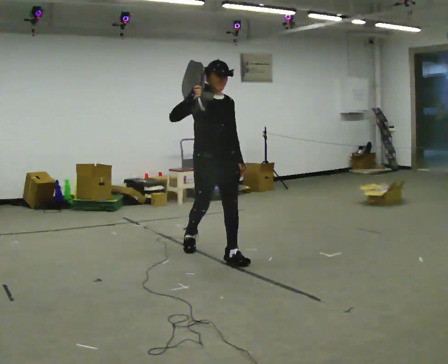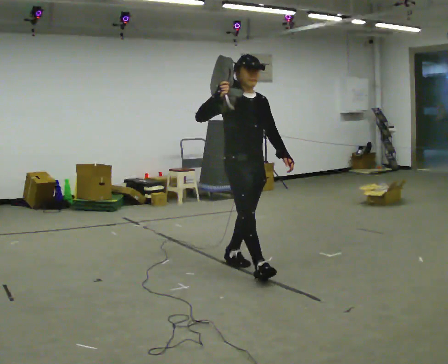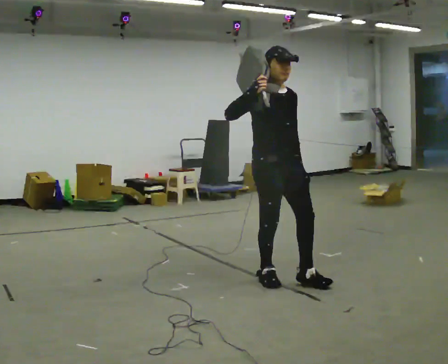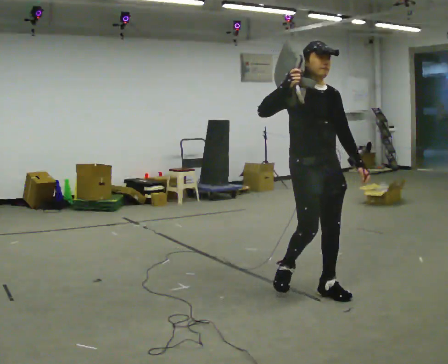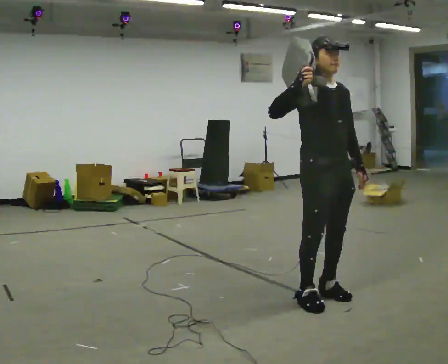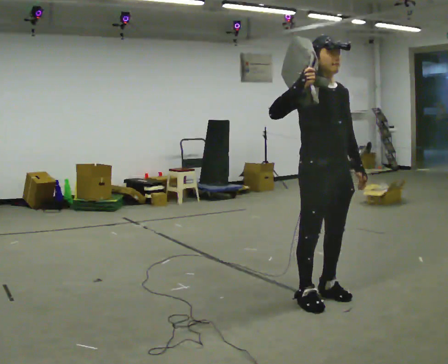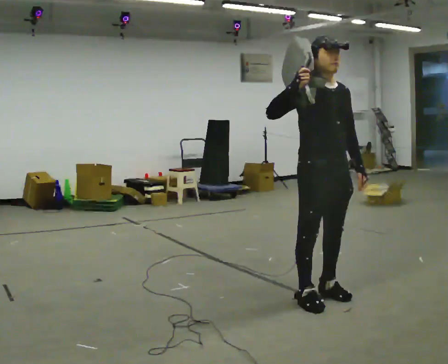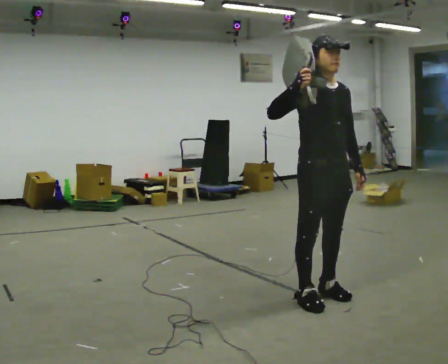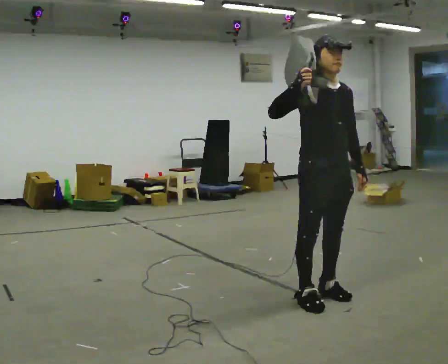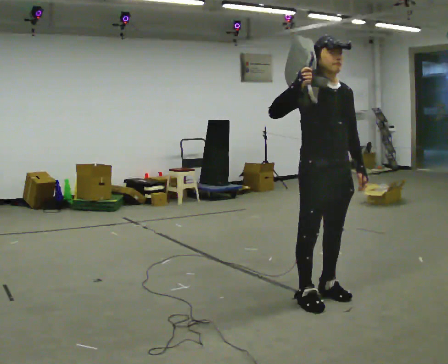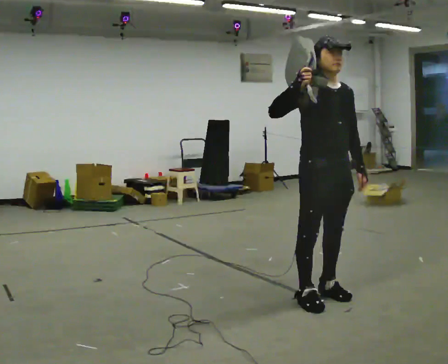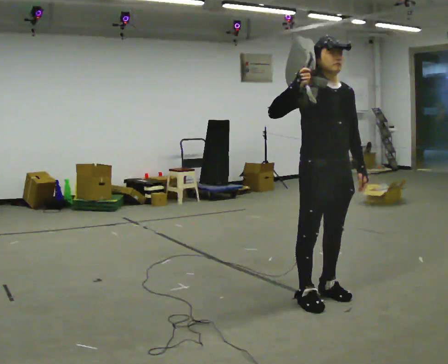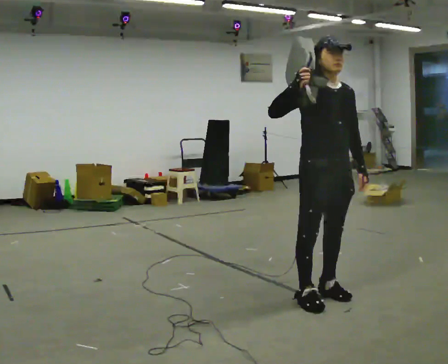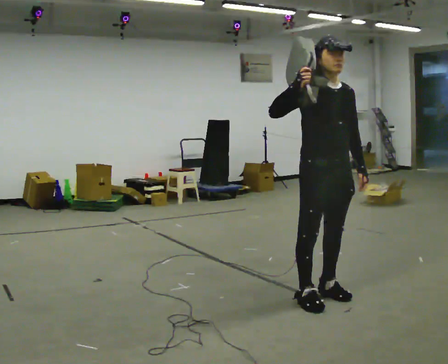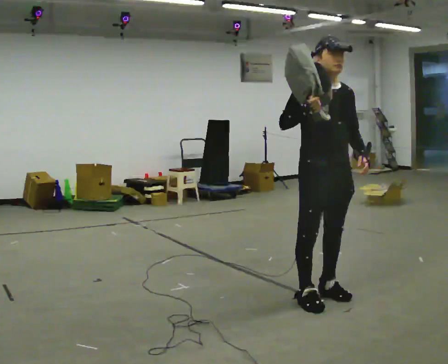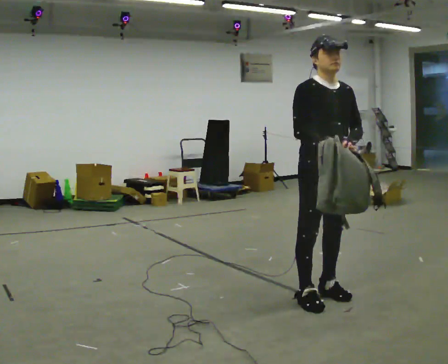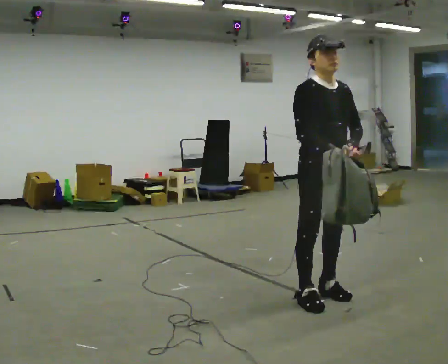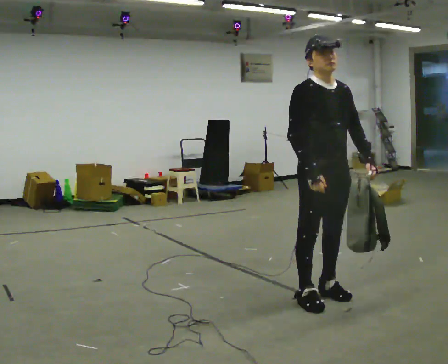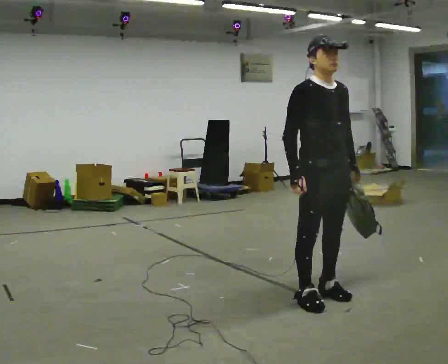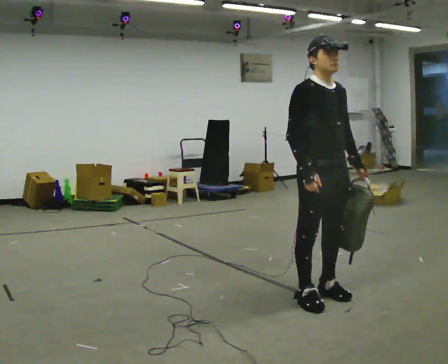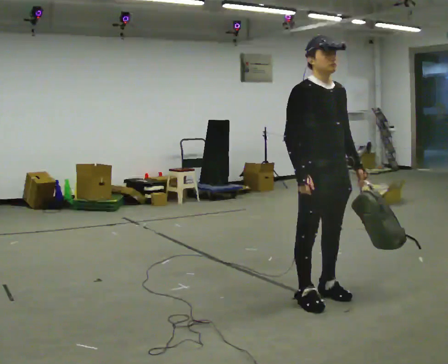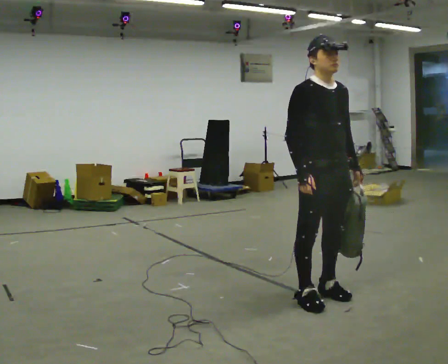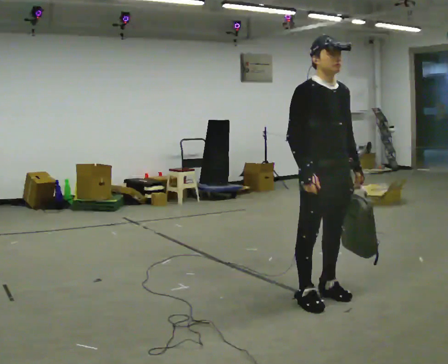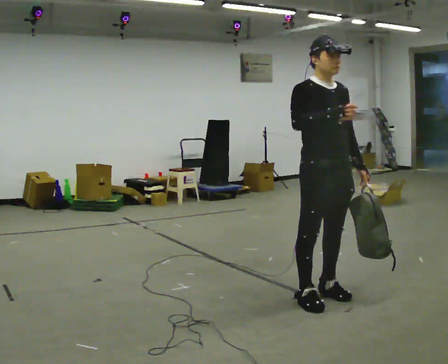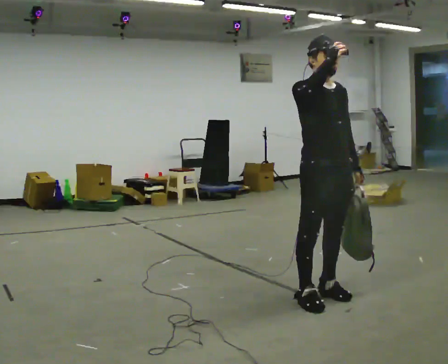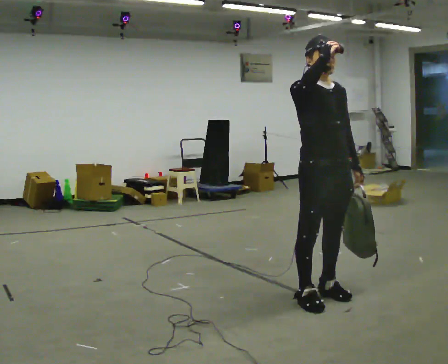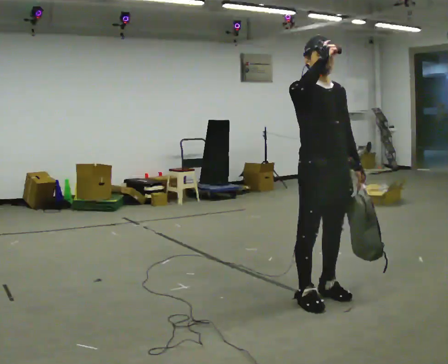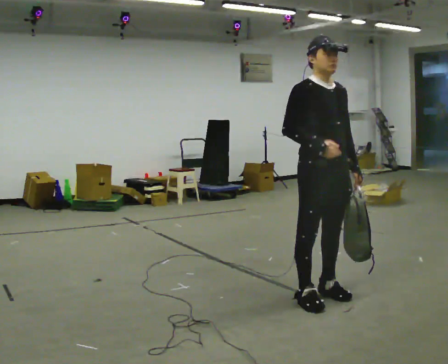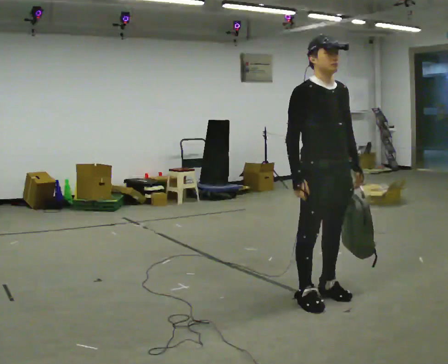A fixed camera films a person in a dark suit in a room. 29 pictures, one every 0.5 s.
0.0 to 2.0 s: In the picture they go to the right and toward the camera, about 1.5 m in 3 steps, which for them is forward.
2.0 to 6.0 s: The person moves a little, or ends about where they began.
6.0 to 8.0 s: In the picture their right hand goes downward.
8.0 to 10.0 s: The person moves a little, or ends about where they began.
10.0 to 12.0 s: In the picture their right hand goes upward.
12.0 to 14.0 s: In the picture their right hand goes downward.
The film runs forward here.
